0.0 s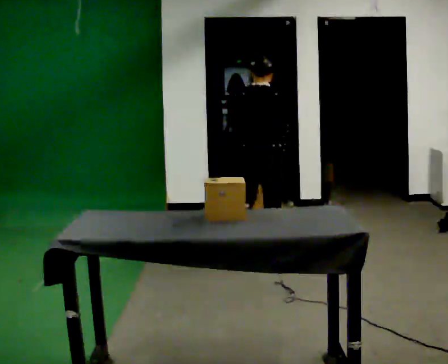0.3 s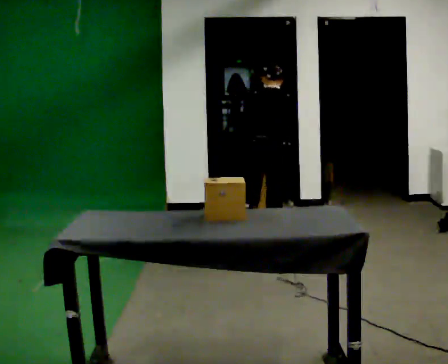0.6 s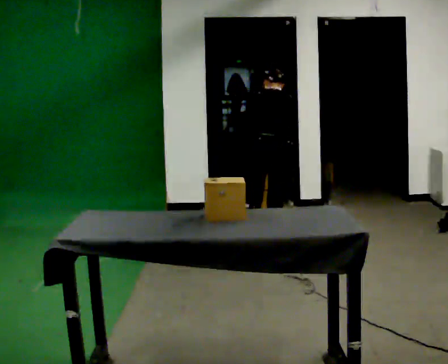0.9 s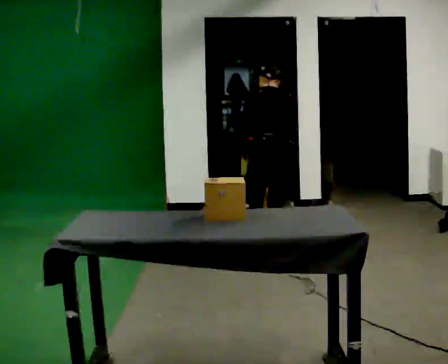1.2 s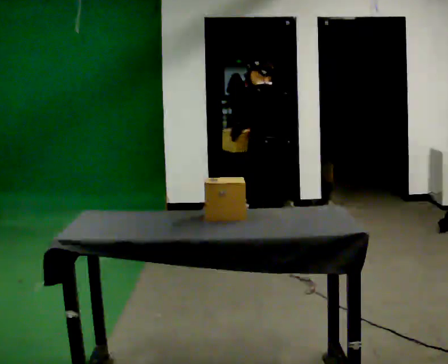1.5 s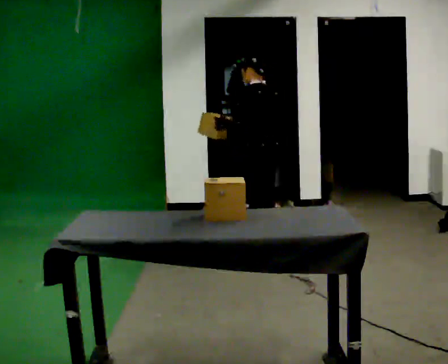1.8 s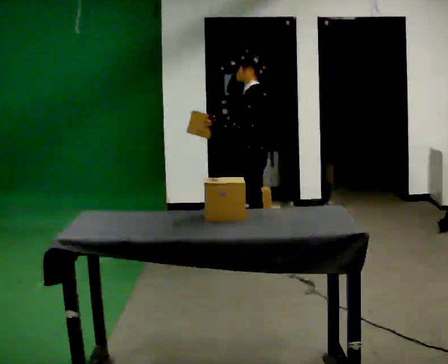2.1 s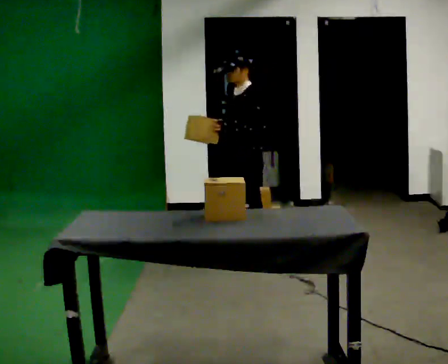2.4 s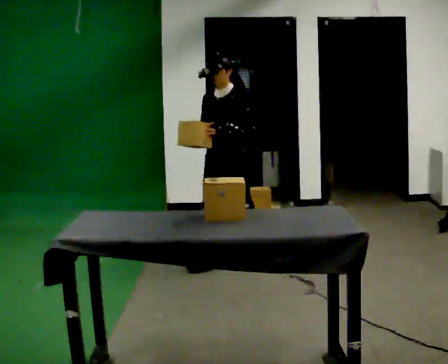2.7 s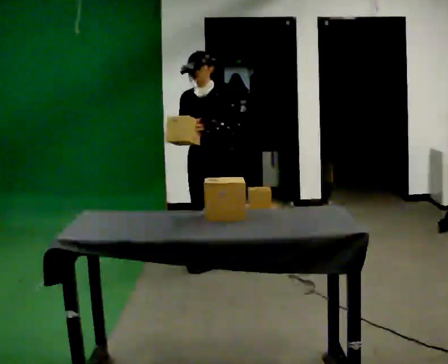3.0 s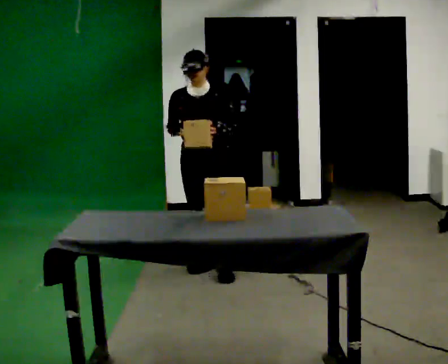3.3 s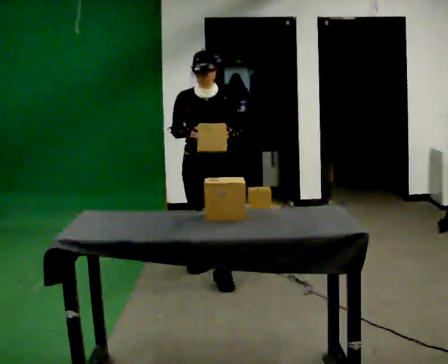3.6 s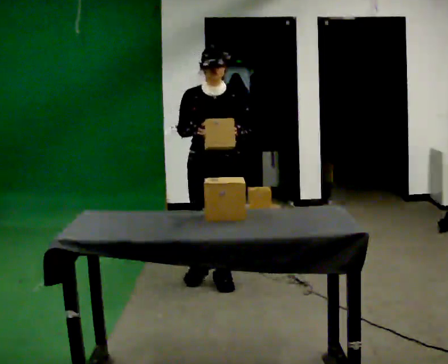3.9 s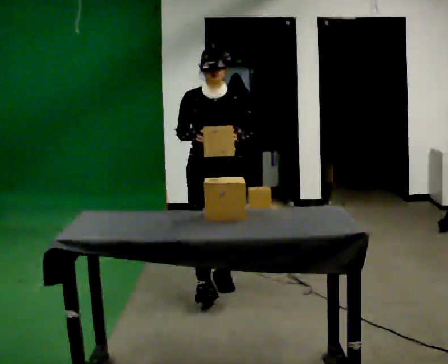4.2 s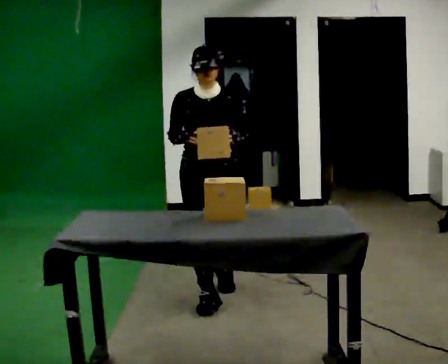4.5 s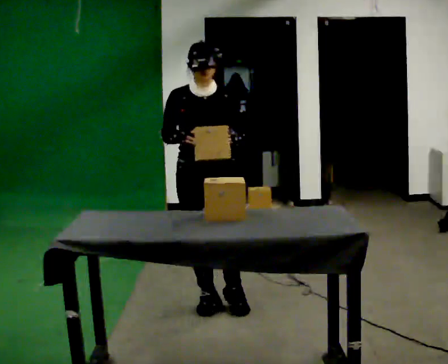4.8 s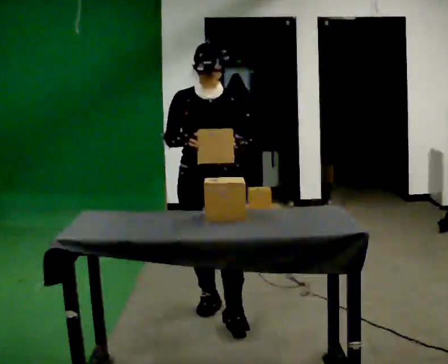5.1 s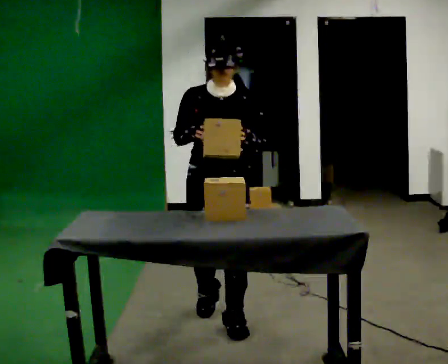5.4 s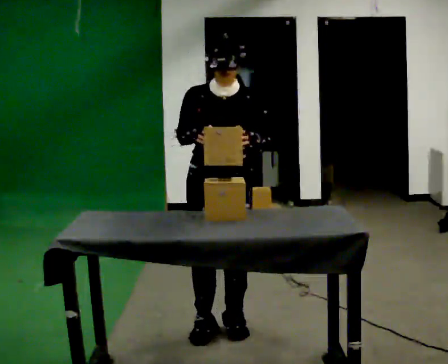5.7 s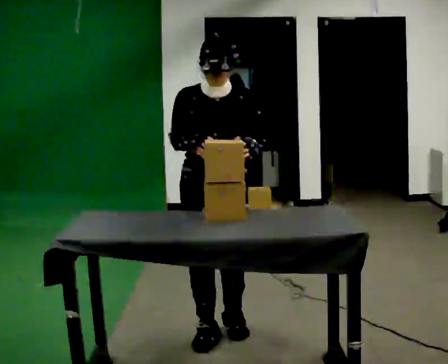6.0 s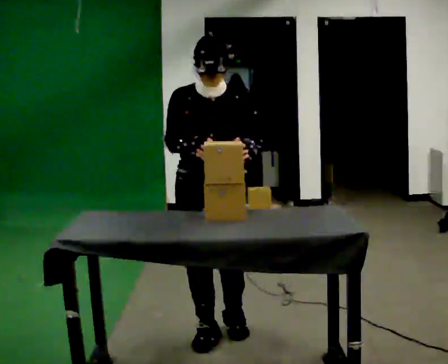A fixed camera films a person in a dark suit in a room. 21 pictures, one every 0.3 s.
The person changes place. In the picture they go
toward the camera.
The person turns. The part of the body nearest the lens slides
to the right.
0.0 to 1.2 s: The part of the body nearest the lens slides to the right as the person turns to their left by about 45 degrees.
1.2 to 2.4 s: The part of the body nearest the lens slides to the right as the person turns to their left by about 90 degrees. In the picture they go to the left and toward the camera, about 0.5 m in 1 step. The upper body tips toward the camera, its near side rolling downward.
2.4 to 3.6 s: The part of the body nearest the lens slides to the right as the person turns to their left by about 45 degrees. In the picture they go toward the camera, about 0.5 m in 1 step, which for them is forward.
3.6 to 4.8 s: In the picture they go toward the camera, about 0.75 m in 2 steps, which for them is forward.
4.8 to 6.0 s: In the picture they go toward the camera, about 0.25 m in 1 step, which for them is forward.
The film runs forward here.
